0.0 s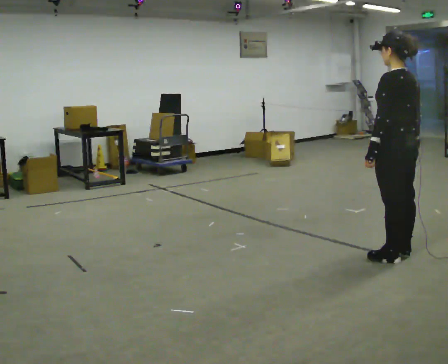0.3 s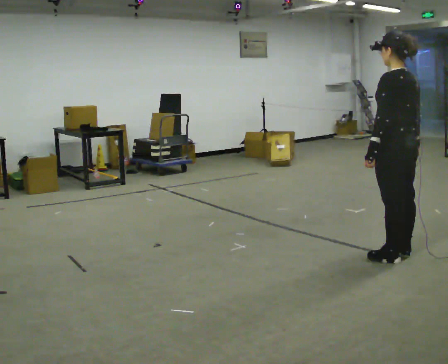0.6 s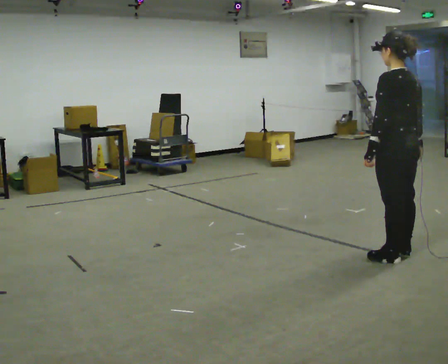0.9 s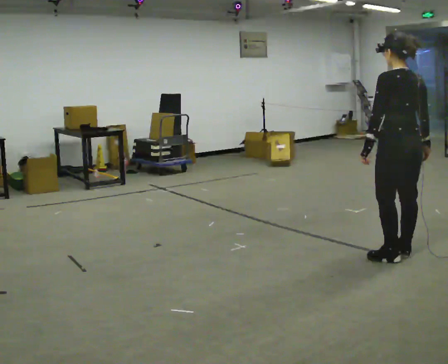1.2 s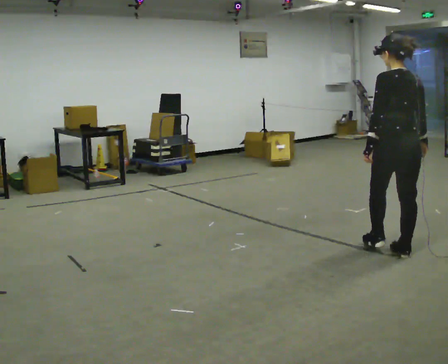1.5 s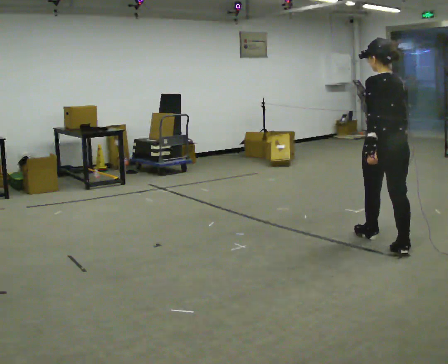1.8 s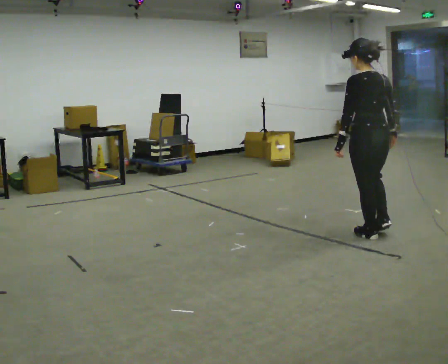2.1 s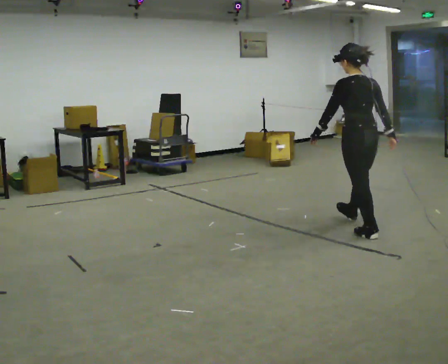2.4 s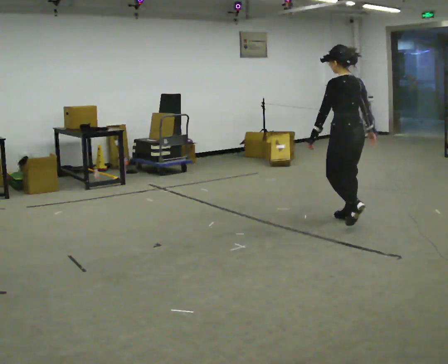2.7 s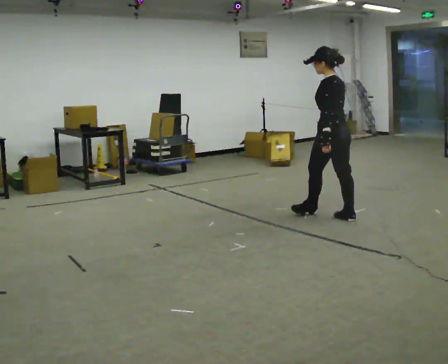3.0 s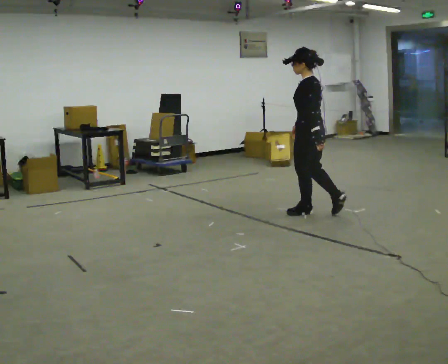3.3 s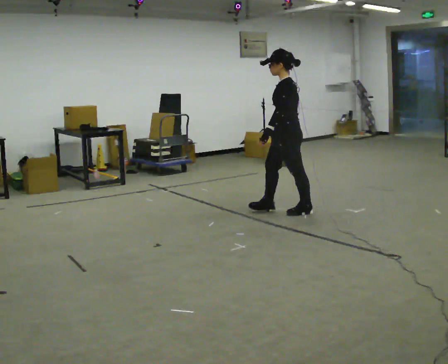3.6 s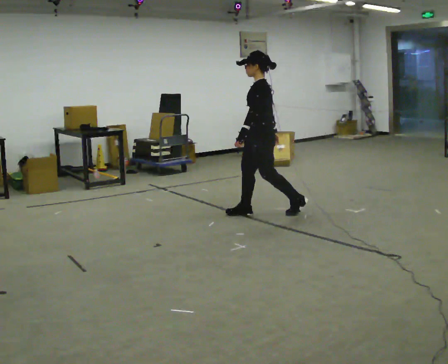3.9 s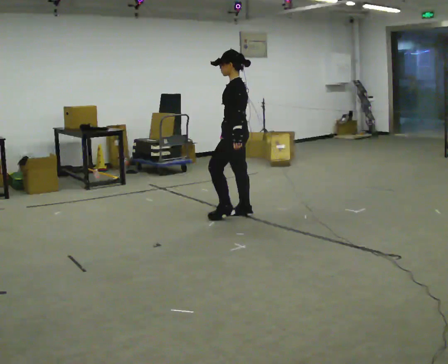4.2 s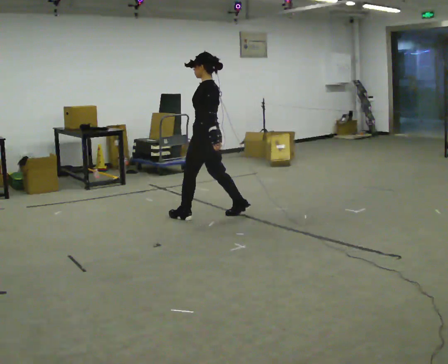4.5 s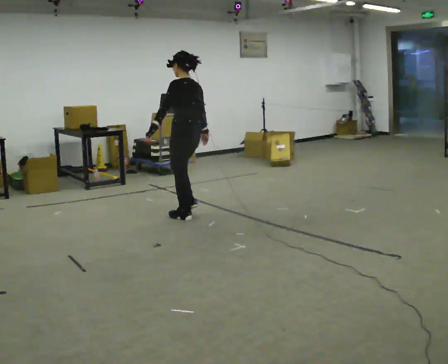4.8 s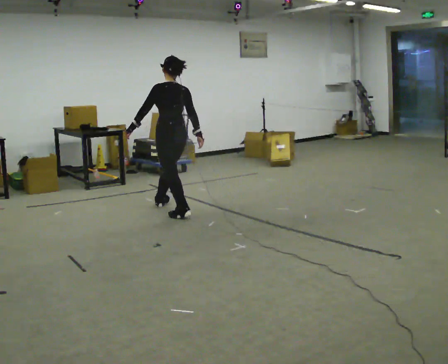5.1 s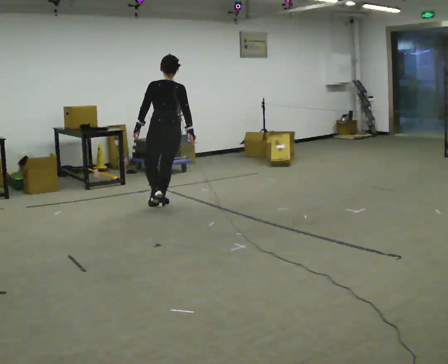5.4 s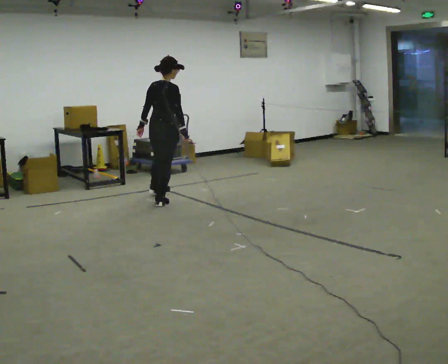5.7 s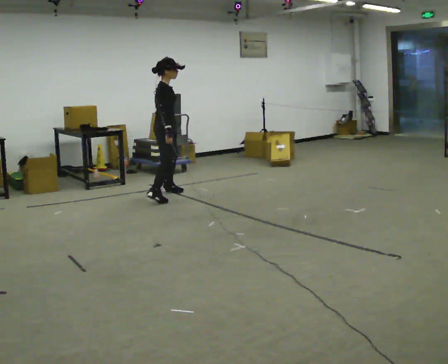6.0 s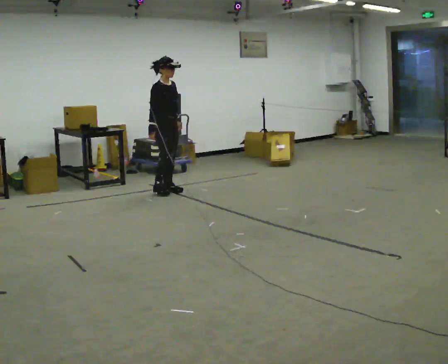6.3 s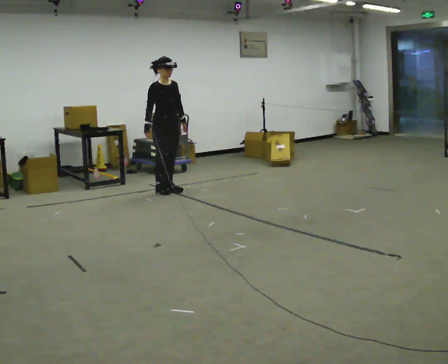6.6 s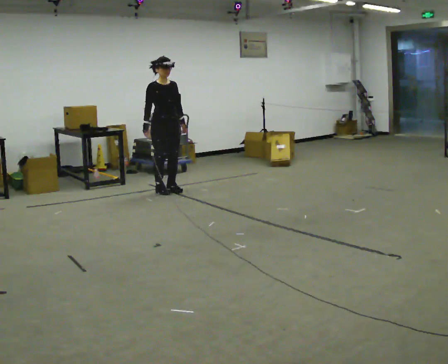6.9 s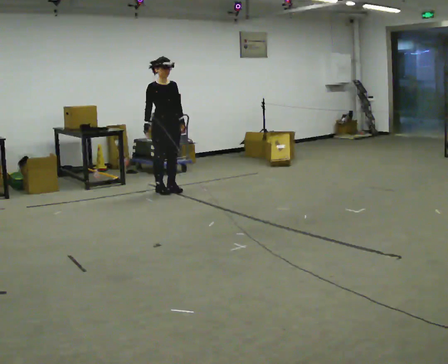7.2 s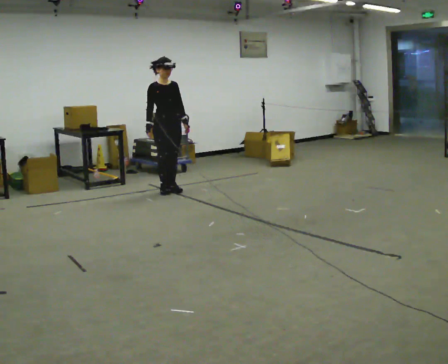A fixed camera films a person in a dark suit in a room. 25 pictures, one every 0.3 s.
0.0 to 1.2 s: The person moves a little, or ends about where they began.
1.2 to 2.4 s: In the picture they go away from the camera, about 1 m in 2 steps, which for them is forward.
2.4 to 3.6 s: The part of the body nearest the lens slides to the right as the person turns to their left by about 60 degrees. In the picture they go to the left and away from the camera, about 1 m in 2 steps.
3.6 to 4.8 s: The person turns about 45 degrees to their right, clockwise seen from above, so the part of the body nearest the lens slides to the left. In the picture they go to the left, about 1 m in 1 step, which for them is forward.
4.8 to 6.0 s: The person turns about 165 degrees to their right, clockwise seen from above, so the part of the body nearest the lens slides to the left. In the picture they go away from the camera, about 1 m in 2 steps.
6.0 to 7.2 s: The person turns about 30 degrees to their right, clockwise seen from above, so the part of the body nearest the lens slides to the left.
The film runs forward here.
